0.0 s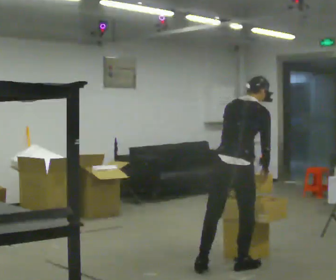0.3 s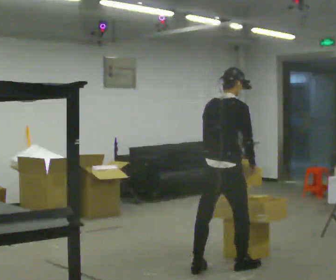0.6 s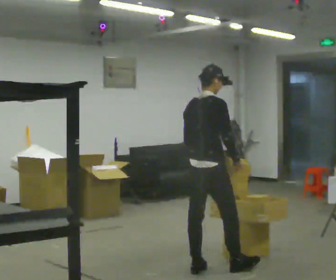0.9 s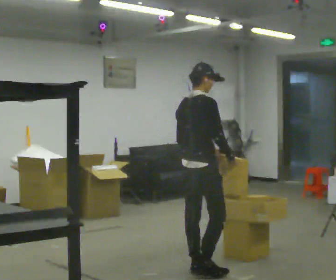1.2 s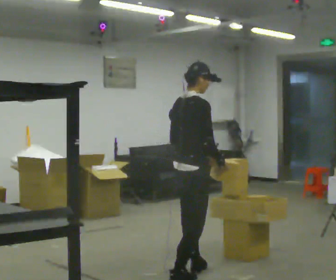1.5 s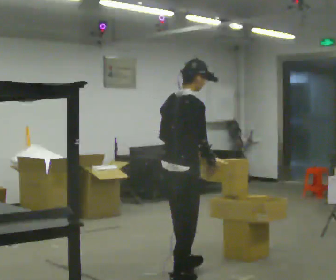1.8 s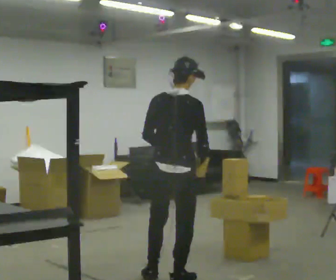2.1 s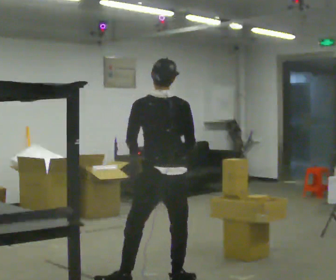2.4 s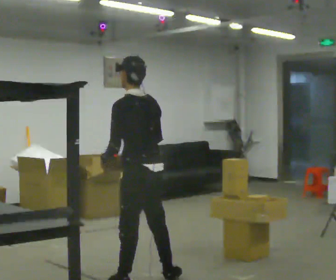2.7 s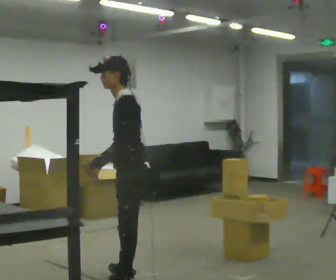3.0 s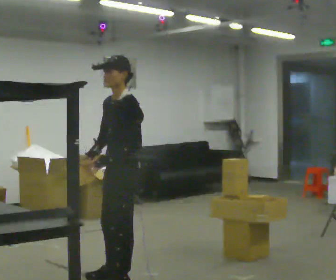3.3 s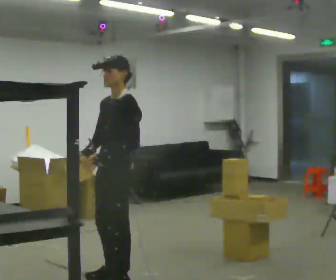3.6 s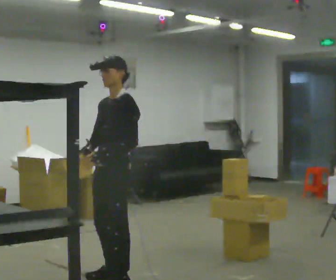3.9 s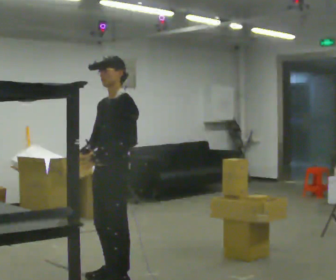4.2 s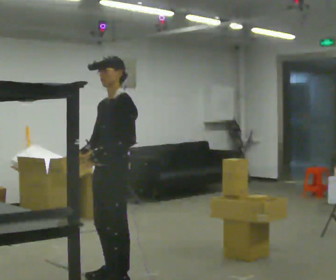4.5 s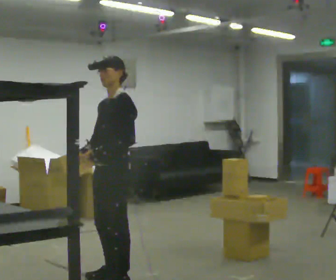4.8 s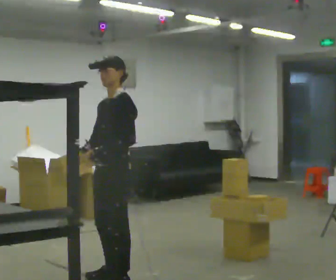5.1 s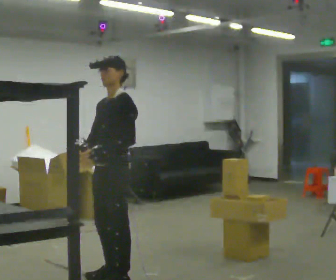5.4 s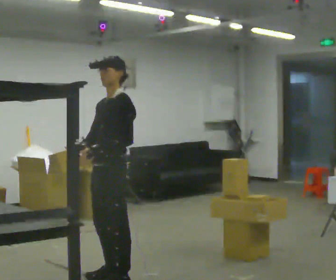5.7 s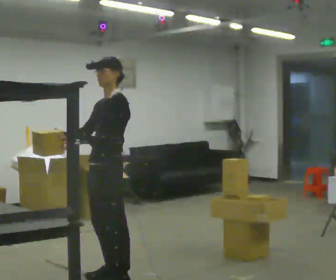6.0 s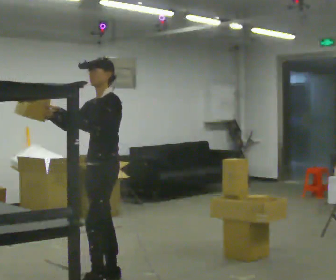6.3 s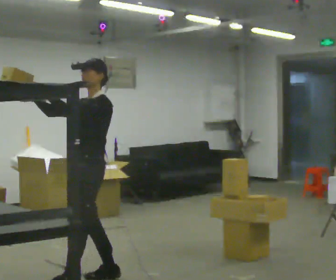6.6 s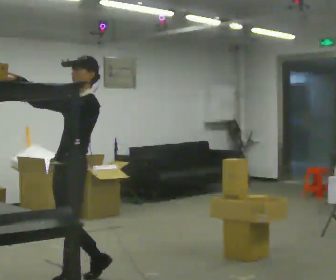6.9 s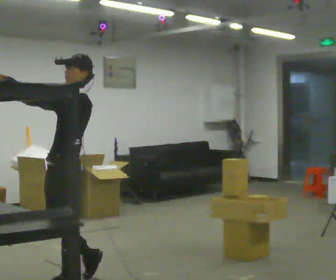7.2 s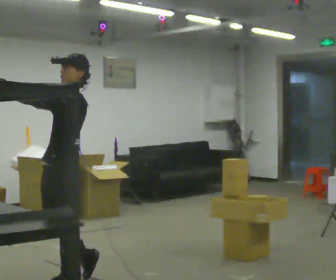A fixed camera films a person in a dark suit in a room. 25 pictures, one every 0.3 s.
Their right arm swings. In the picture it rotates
clockwise.
Their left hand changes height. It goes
upward.
0.0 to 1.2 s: The person turns about 30 degrees to their right, clockwise seen from above, so the part of the body nearest the lens slides to the left. In the picture they go to the left, about 0.5 m in 1 step, which for them is backward and to their left. In the picture the upper body tilts counterclockwise, shoulders to the left, as they lean back or straighten.
1.2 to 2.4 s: The part of the body nearest the lens slides to the right as the person turns to their left by about 105 degrees. In the picture they go to the left and toward the camera, about 0.5 m in 2 steps.
2.4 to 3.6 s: The part of the body nearest the lens slides to the right as the person turns to their left by about 75 degrees. In the picture they go to the left, about 0.25 m. In the picture their right hand goes to the left.
3.6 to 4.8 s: The person keeps their place and pose.
4.8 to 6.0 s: The person moves a little, or ends about where they began.
6.0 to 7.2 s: In the picture they go to the left and toward the camera, about 0.5 m, which for them is forward.
The film runs backward here.
